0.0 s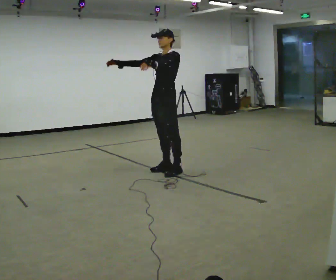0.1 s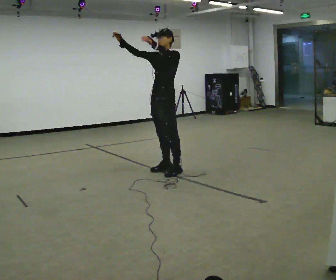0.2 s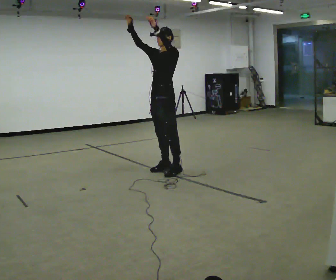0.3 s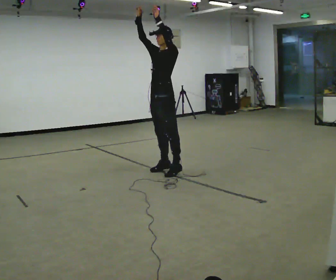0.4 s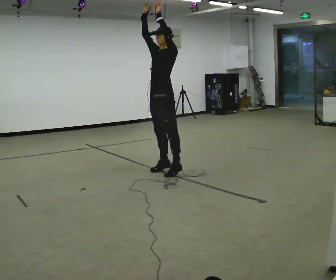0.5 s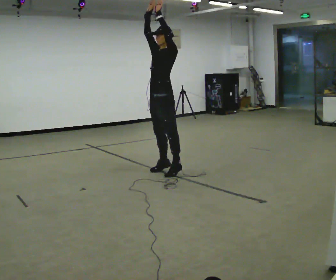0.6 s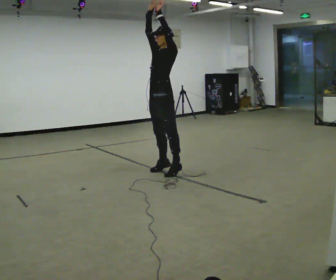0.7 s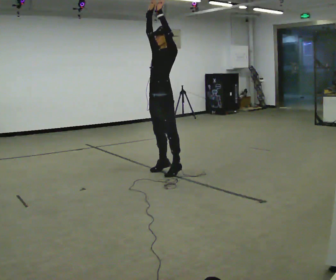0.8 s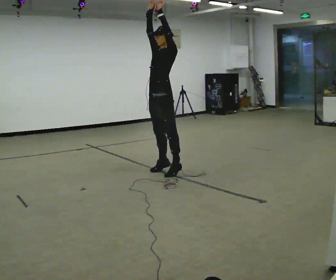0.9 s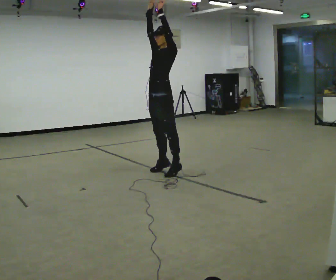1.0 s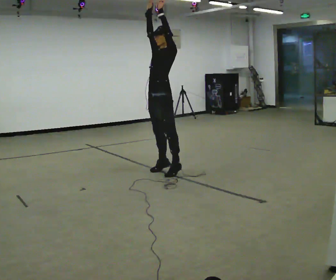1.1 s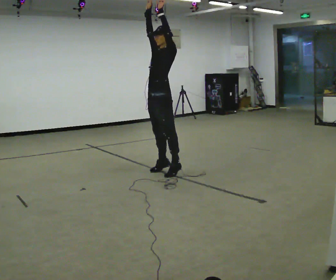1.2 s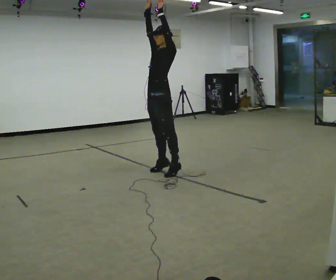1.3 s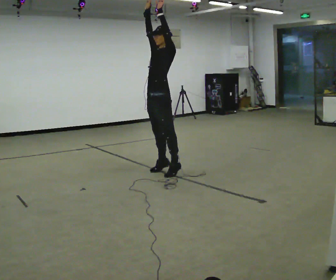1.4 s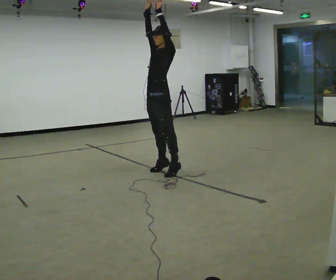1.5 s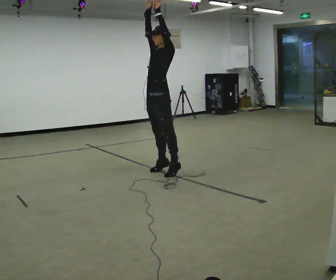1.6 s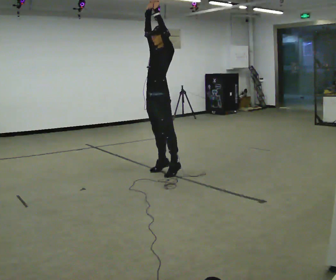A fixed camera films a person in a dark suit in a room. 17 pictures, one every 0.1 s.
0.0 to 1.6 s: In the picture their right hand goes upward and to the right, the arm swinging clockwise.
The film runs backward here.
